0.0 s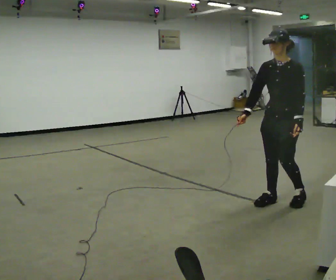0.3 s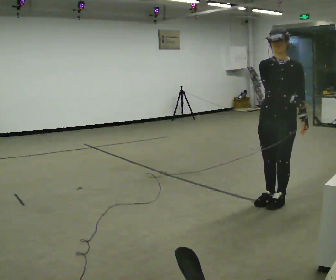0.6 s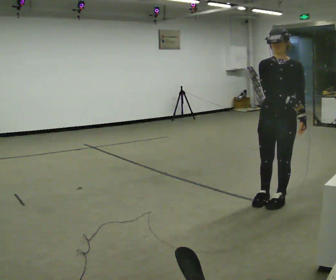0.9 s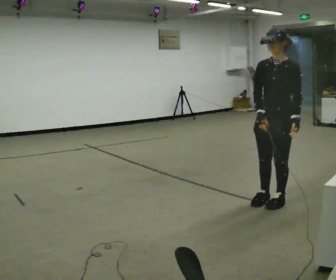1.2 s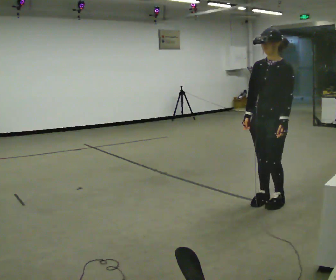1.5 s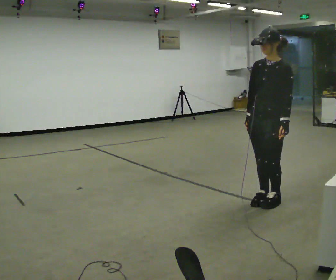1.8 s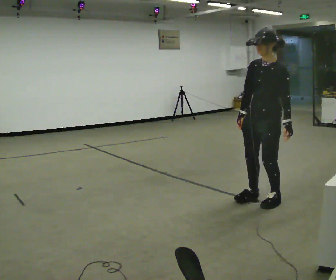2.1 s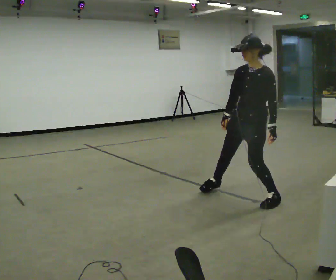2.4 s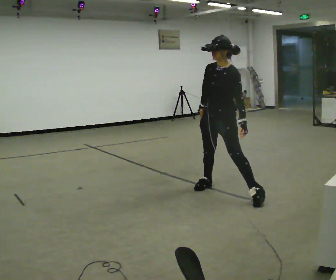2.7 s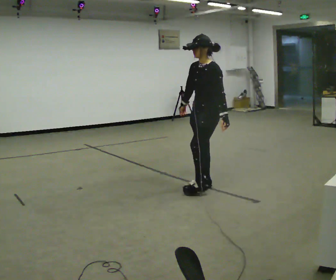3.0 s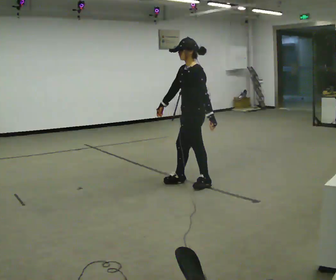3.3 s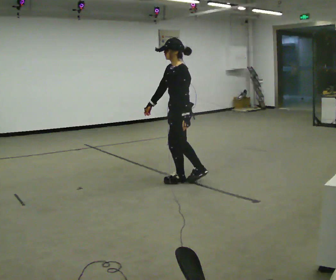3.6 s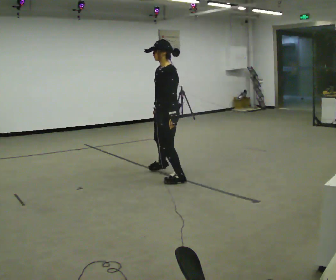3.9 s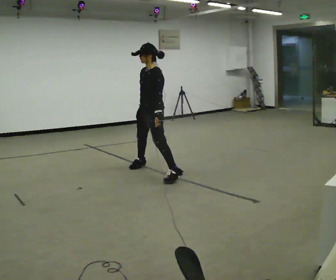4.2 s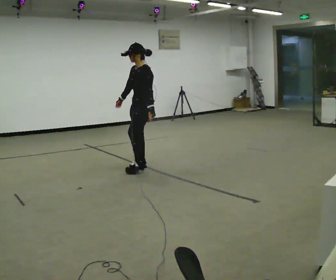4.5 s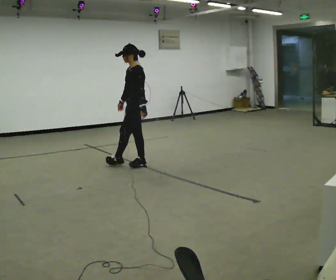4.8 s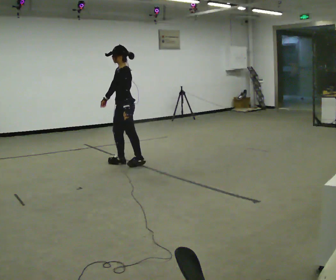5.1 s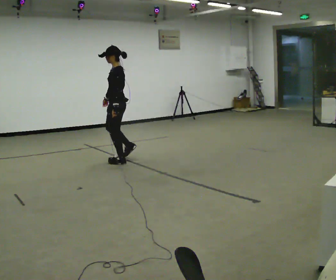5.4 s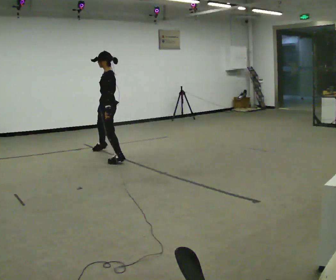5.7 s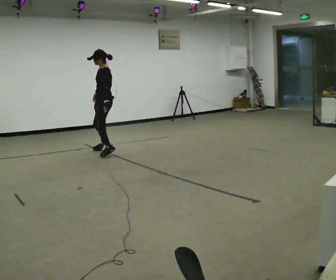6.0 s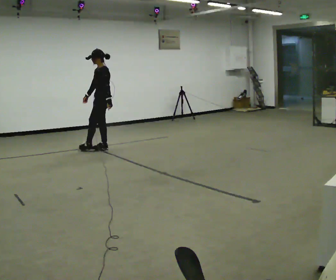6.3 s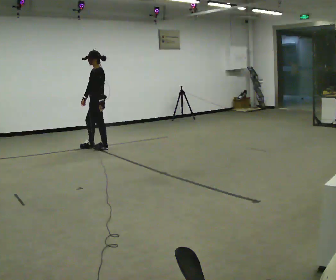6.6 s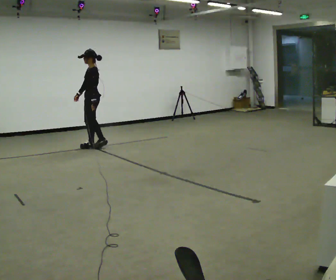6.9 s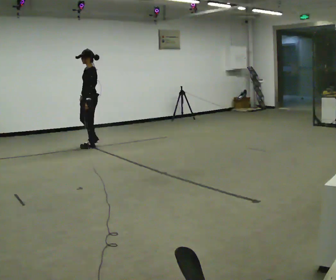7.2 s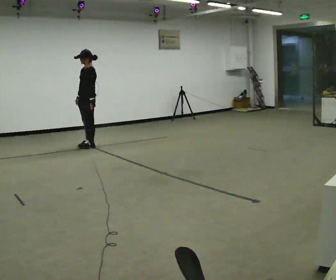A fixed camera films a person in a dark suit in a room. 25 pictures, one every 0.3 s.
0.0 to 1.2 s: The person moves a little, or ends about where they began.
1.2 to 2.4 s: In the picture they go away from the camera and to the left, about 0.5 m in 1 step, which for them is to their right.
2.4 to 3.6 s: Seen from above the body turns clockwise, about 30 degrees: to their right, with its near side sliding to the left. In the picture they go away from the camera and to the left, about 0.5 m in 1 step, which for them is to their right and forward.
3.6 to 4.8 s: In the picture they go away from the camera and to the left, about 1 m in 2 steps, which for them is to their right.
4.8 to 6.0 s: In the picture they go away from the camera and to the left, about 1 m in 1 step, which for them is to their right.
6.0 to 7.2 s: In the picture they go to the left and away from the camera, about 0.25 m in 2 steps, which for them is forward and to their right.
The film runs forward here.
